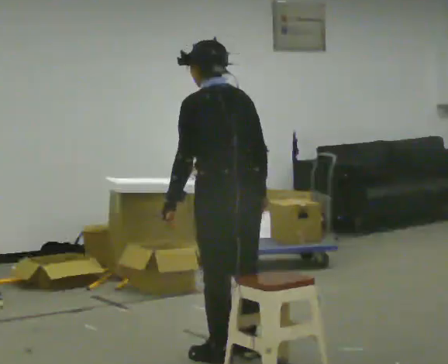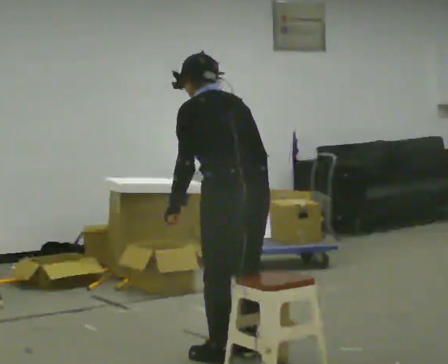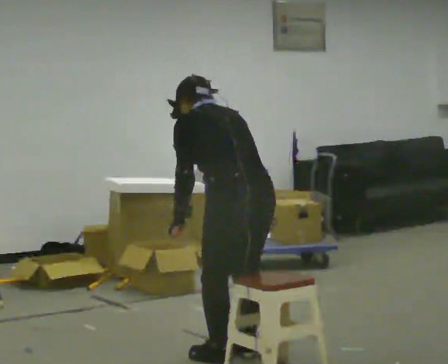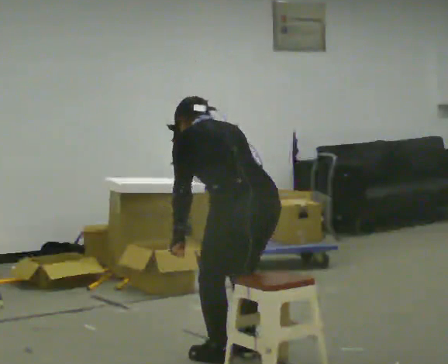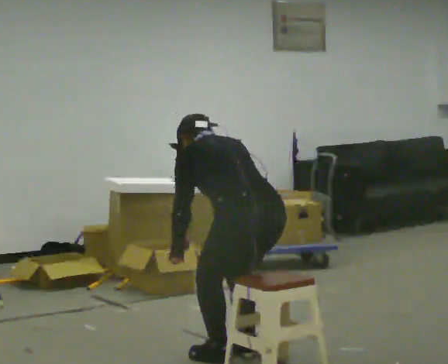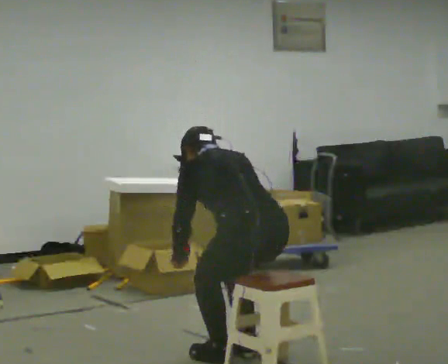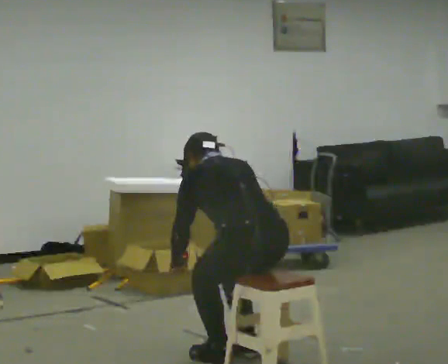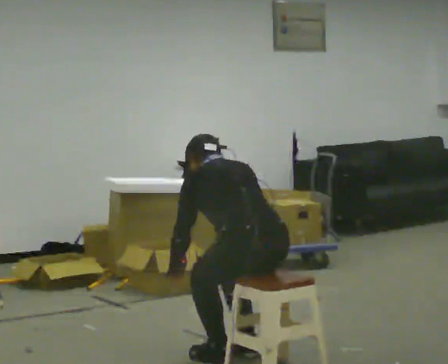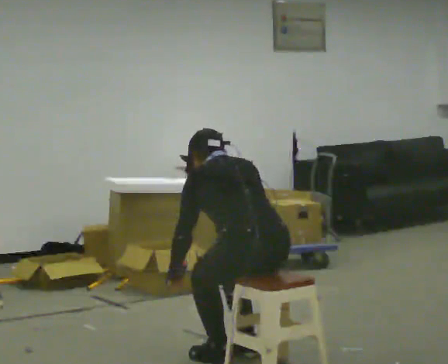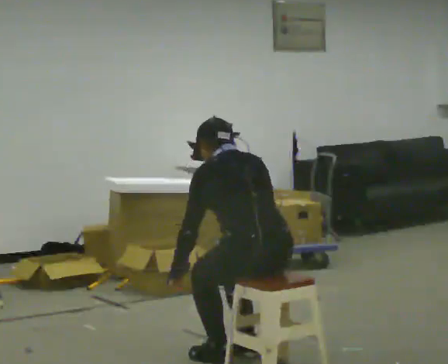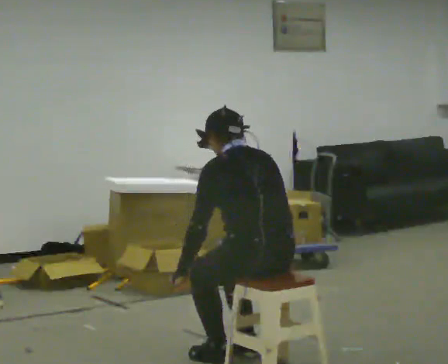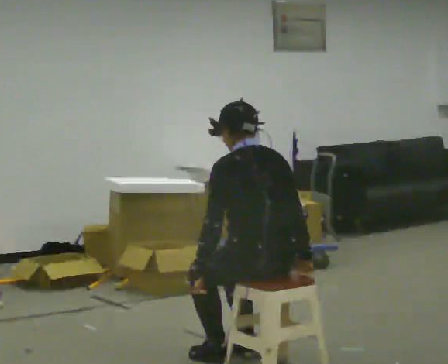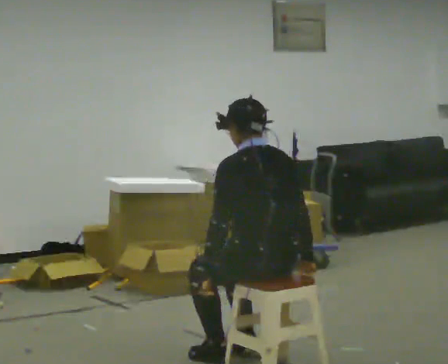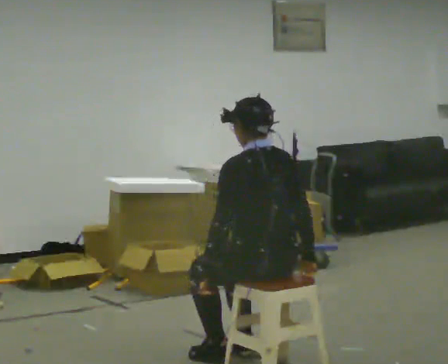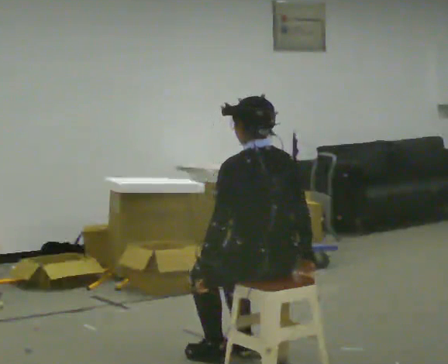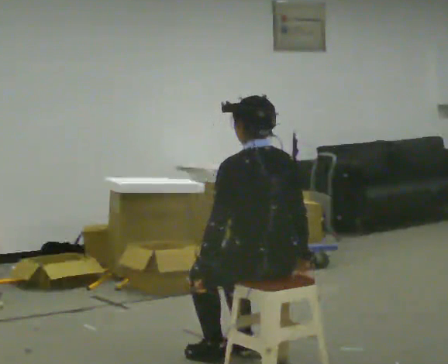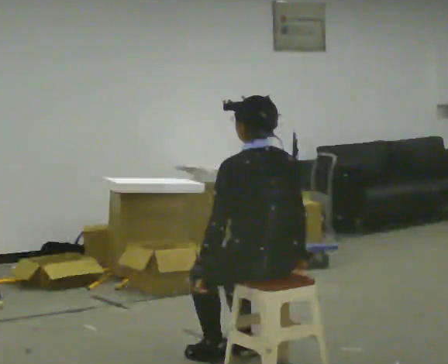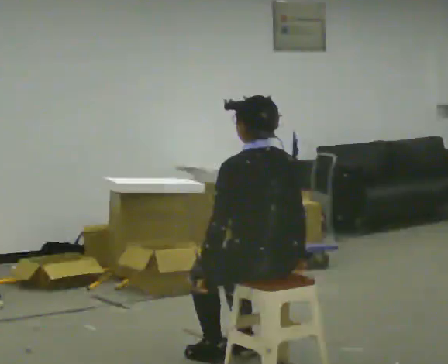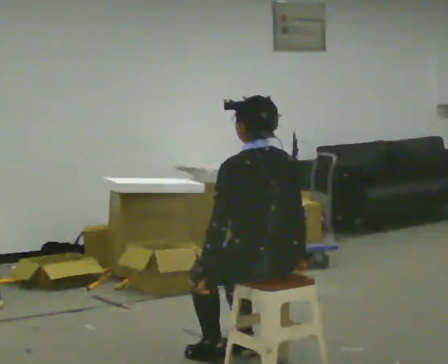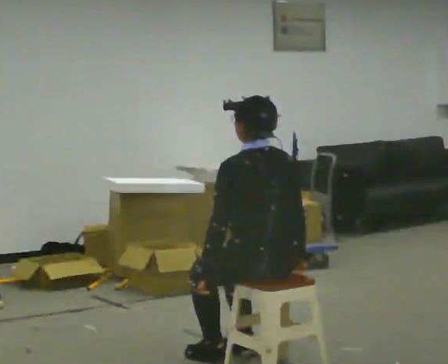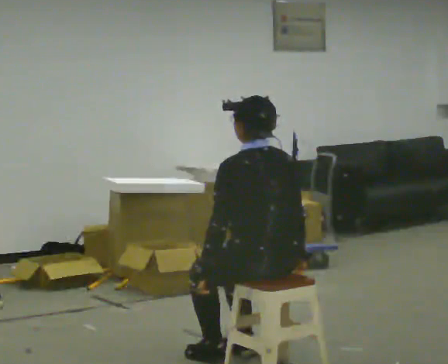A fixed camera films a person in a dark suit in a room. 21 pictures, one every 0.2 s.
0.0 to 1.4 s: In the picture they go toward the camera, about 0.25 m, which for them is backward. The upper body goes downward. The upper body tips away from the camera, its near side rolling upward, as they bend forward. In the picture their left hand goes downward.
1.4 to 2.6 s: The upper body tips toward the camera, its near side rolling downward, as they lean back or straighten. In the picture their right hand goes to the right.
2.6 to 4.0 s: The person moves a little, or ends about where they began.
The film runs forward here.
